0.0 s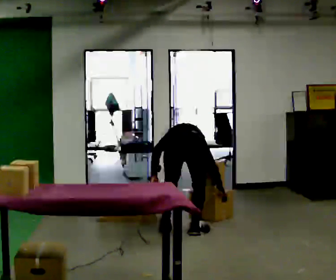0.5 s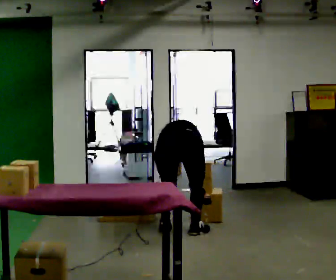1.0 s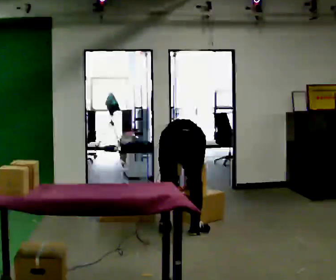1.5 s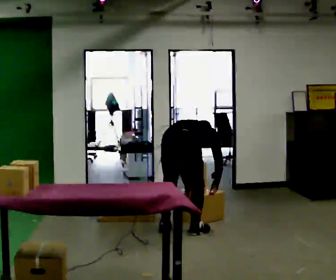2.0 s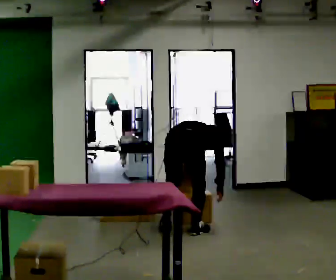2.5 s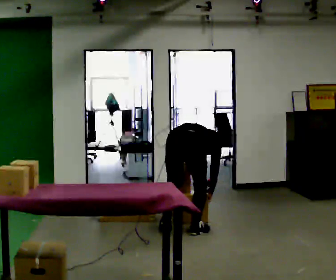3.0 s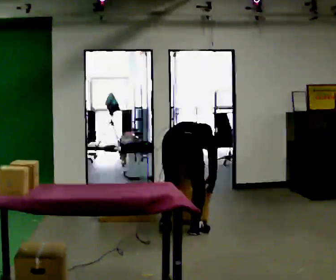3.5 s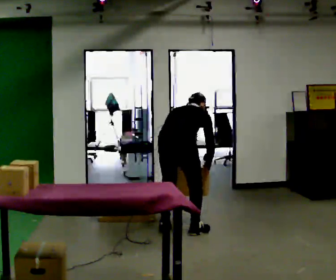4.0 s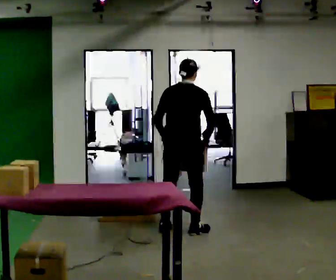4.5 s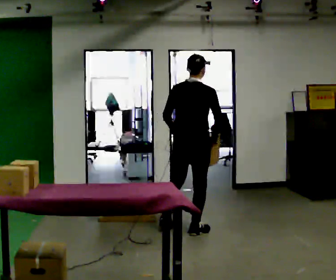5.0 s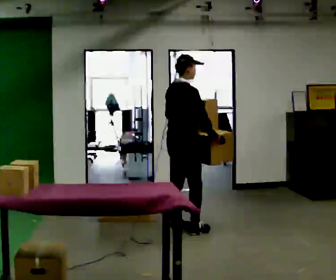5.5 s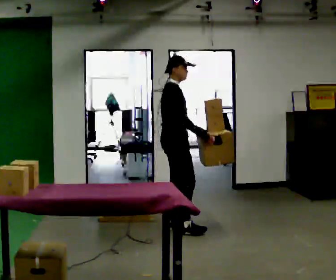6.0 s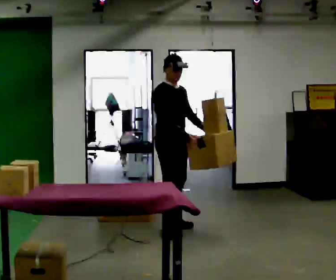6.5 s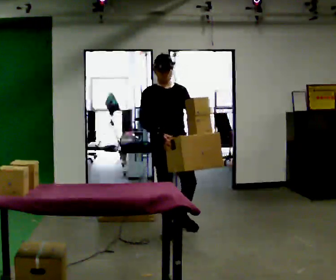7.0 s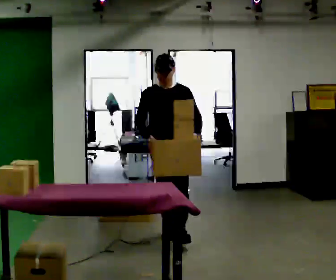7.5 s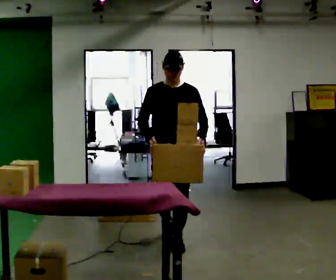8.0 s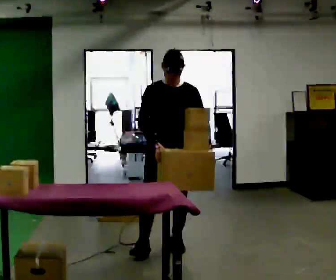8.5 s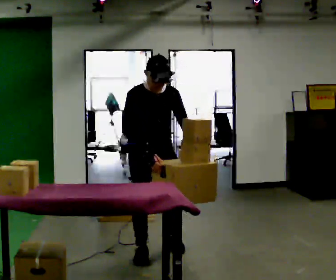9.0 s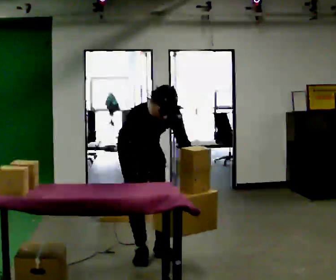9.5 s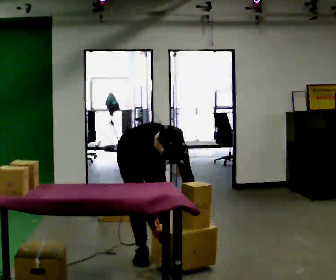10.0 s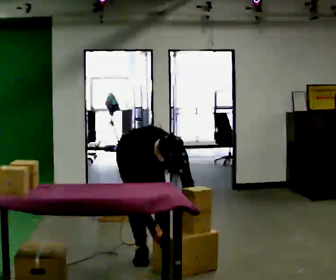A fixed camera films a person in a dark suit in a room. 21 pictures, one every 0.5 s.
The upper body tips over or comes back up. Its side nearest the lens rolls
downward.
0.0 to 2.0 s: In the picture the upper body tilts clockwise, shoulders to the right.
2.0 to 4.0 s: The upper body goes upward. The upper body tips toward the camera, its near side rolling downward, as they lean back or straighten. In the picture their right hand goes upward.
4.0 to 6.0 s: The person turns about 105 degrees to their right, clockwise seen from above, so the part of the body nearest the lens slides to the left. In the picture their left hand goes to the right, the arm swinging counterclockwise.
6.0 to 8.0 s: The person turns about 60 degrees to their right, clockwise seen from above, so the part of the body nearest the lens slides to the left. In the picture they go toward the camera, about 0.75 m in 1 step.
8.0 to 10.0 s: Seen from above the body turns counterclockwise, about 30 degrees: to their left, with its near side sliding to the right. In the picture they go to the left, about 0.25 m in 2 steps, which for them is to their right. The shoulders move downward. The upper body tips toward the camera, its near side rolling downward, as they bend forward. In the picture their left hand goes downward.
The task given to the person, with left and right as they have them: 1. Take everything out of the crates by the door. 2. Put the small items on the middle shelf. 3. Put the large items on the bottom shelf. 4. Stack the empty crates by the door. 5. Tell the operator when you are finished.
The film runs forward here.
